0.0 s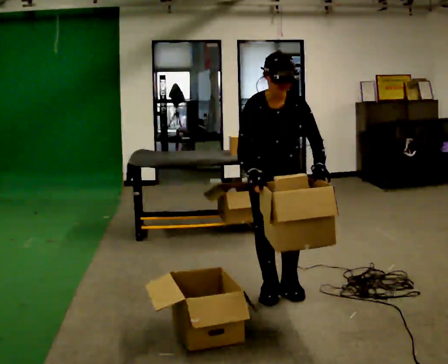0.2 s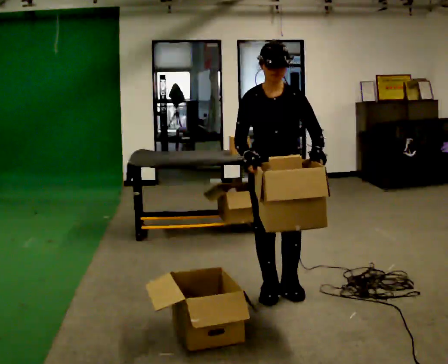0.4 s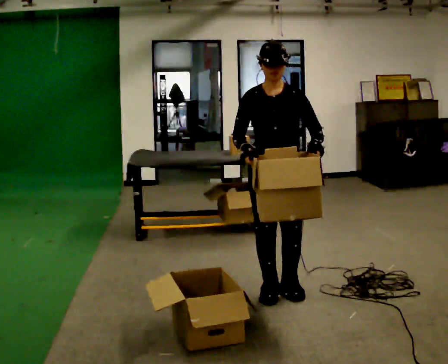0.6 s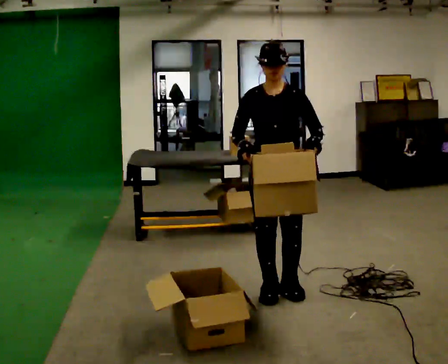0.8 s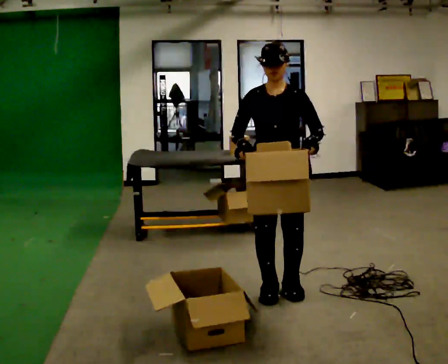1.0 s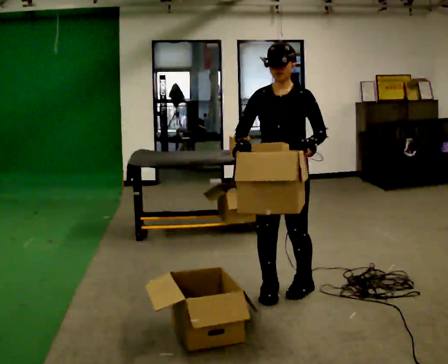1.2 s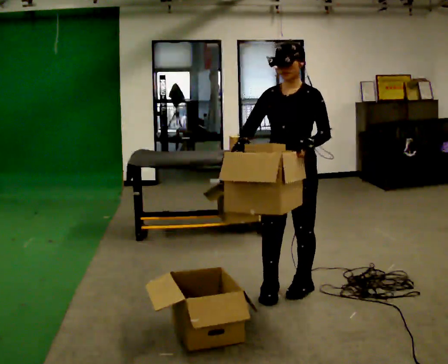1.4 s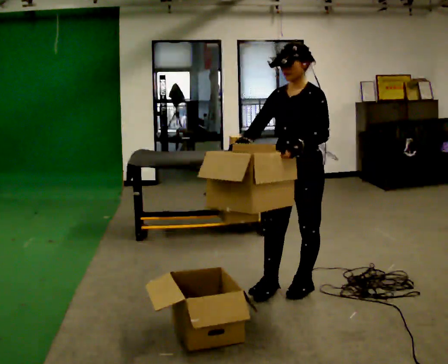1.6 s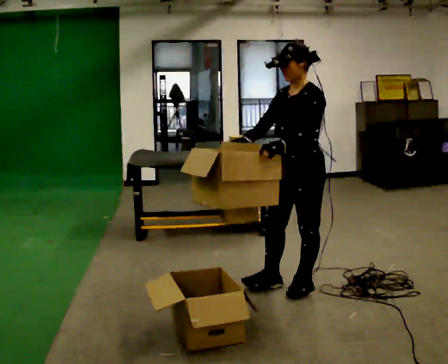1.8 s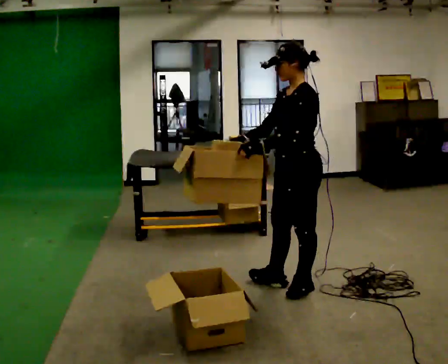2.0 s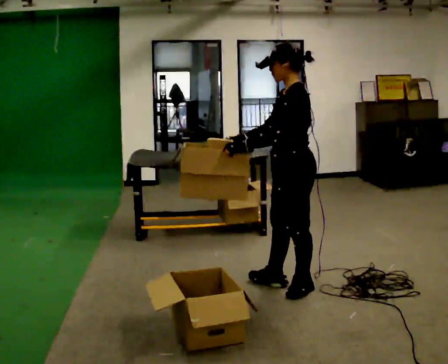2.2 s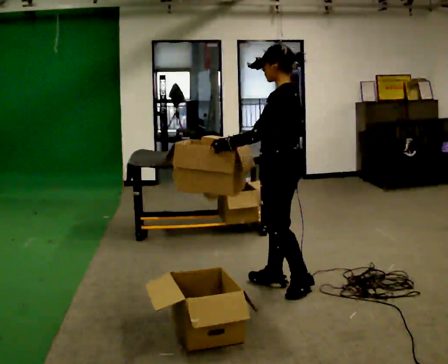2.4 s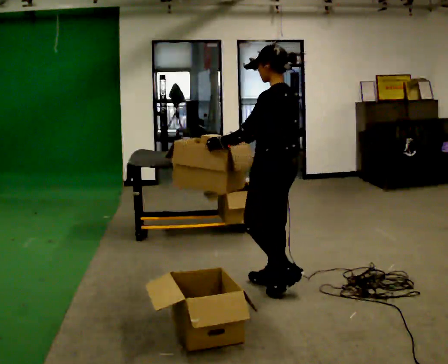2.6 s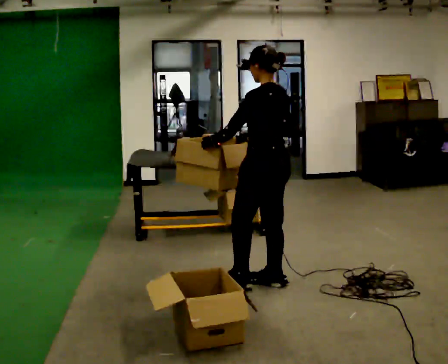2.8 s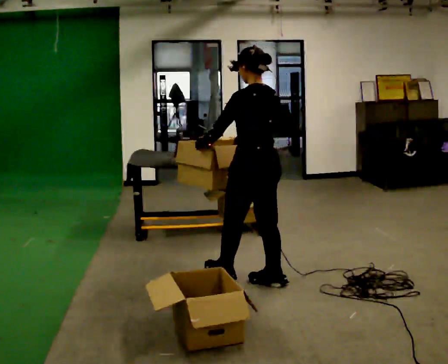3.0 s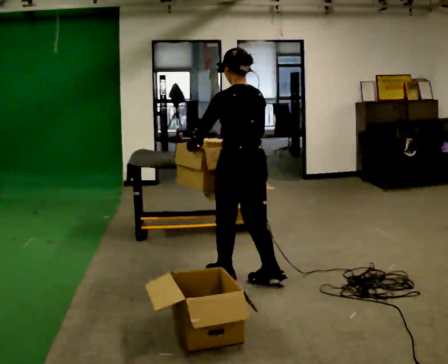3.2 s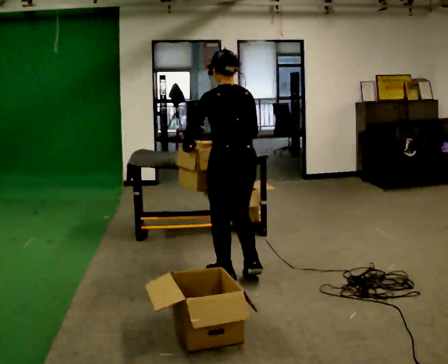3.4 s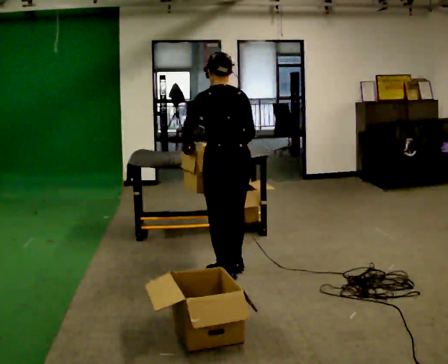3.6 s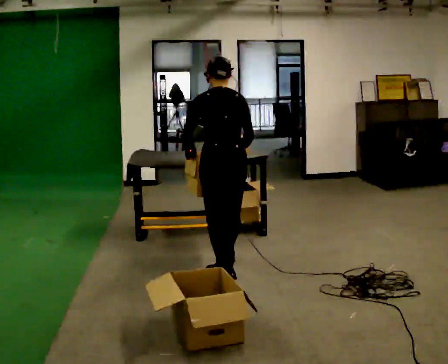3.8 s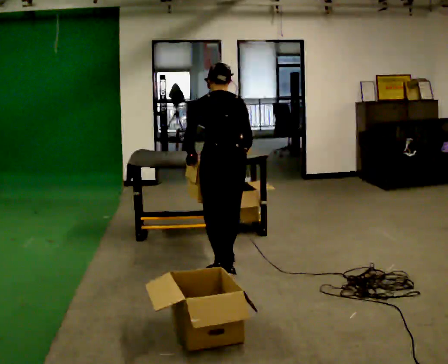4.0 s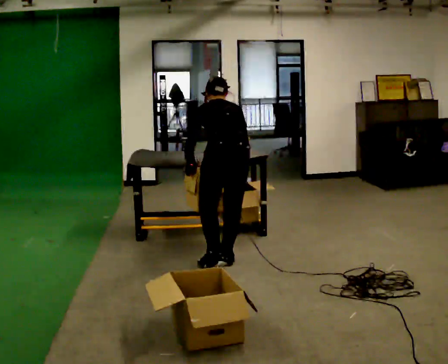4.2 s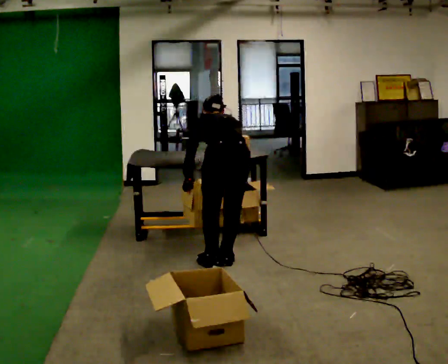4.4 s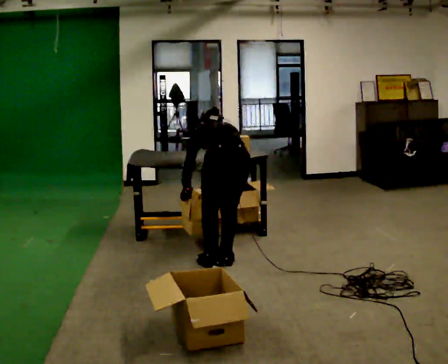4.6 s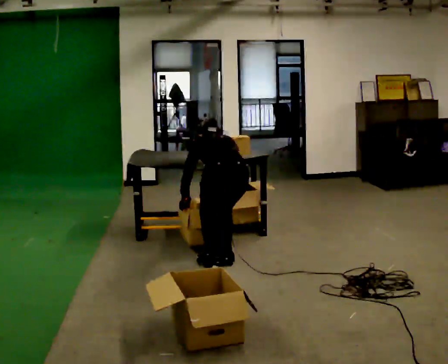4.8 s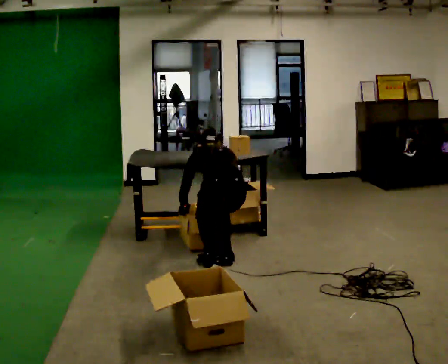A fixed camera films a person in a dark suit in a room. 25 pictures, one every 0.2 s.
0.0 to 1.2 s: The part of the body nearest the lens slides to the left as the person turns to their right by about 30 degrees. The upper body tips away from the camera, its near side rolling upward, as they lean back or straighten.
1.2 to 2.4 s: Seen from above the body turns clockwise, about 90 degrees: to their right, with its near side sliding to the left.
2.4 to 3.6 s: The part of the body nearest the lens slides to the left as the person turns to their right by about 60 degrees. In the picture they go to the left and away from the camera, about 0.5 m in 2 steps, which for them is forward and to their left. The upper body tips away from the camera, its near side rolling upward, as they bend forward.
3.6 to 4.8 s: The upper body goes downward. In the picture their right hand goes downward.
The film runs forward here.
